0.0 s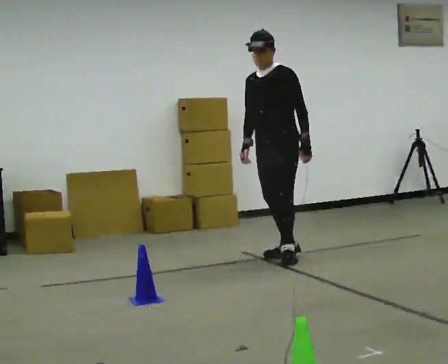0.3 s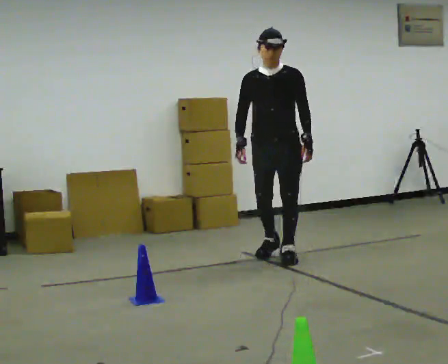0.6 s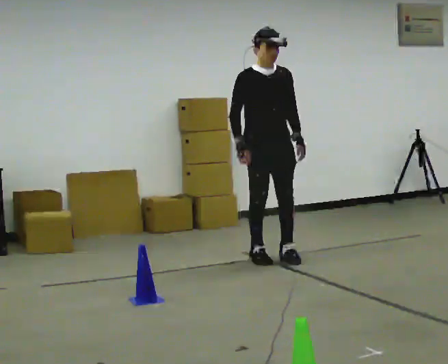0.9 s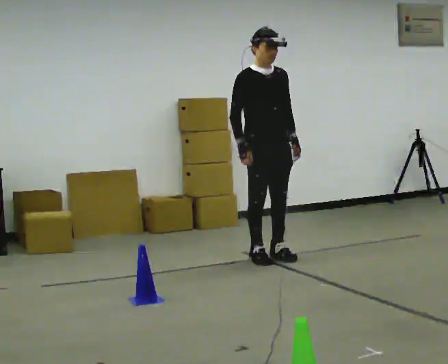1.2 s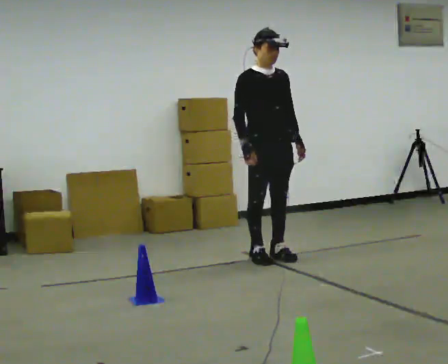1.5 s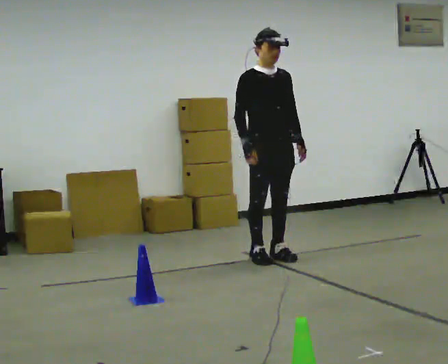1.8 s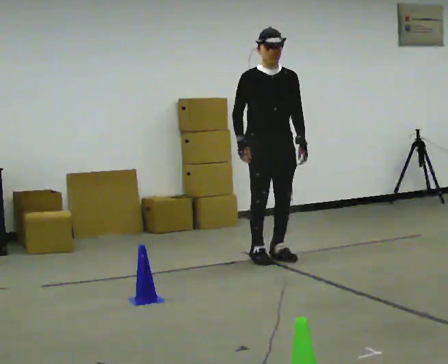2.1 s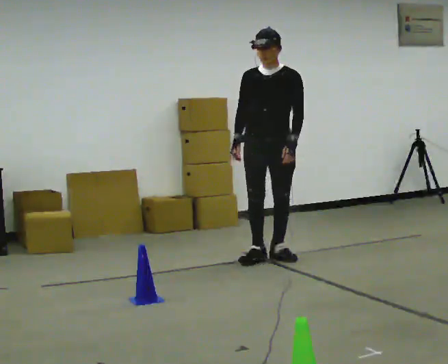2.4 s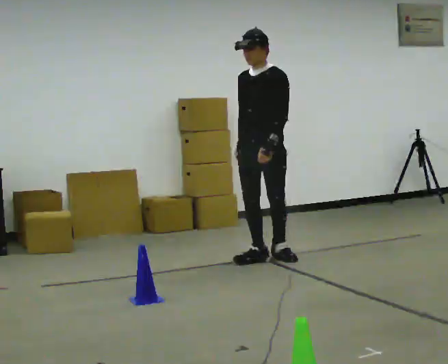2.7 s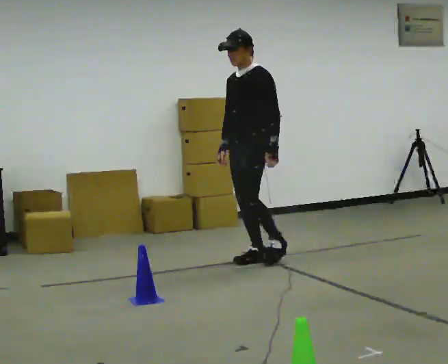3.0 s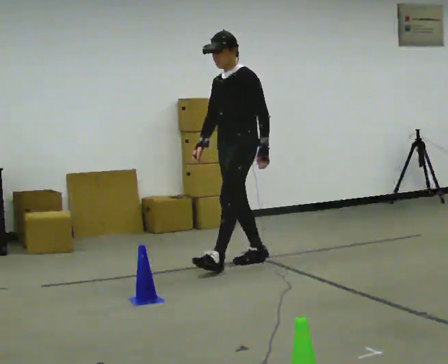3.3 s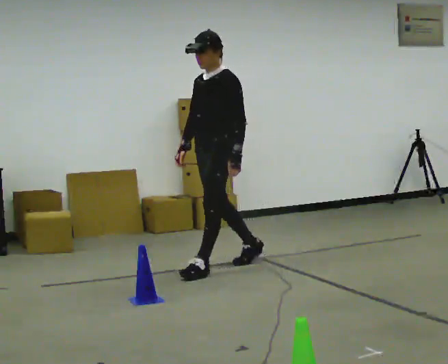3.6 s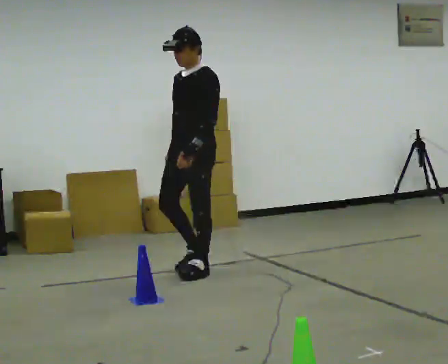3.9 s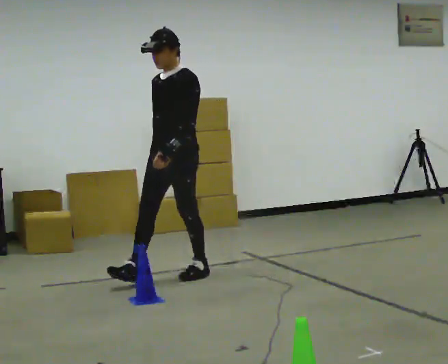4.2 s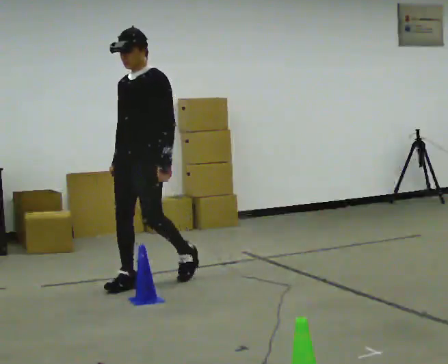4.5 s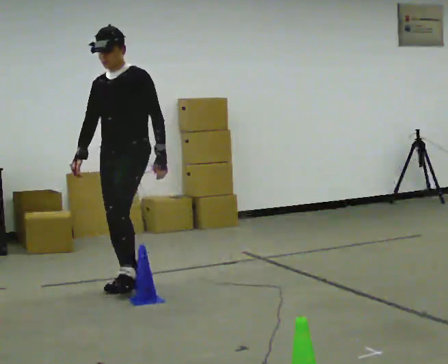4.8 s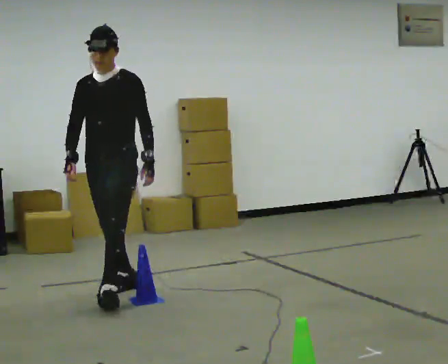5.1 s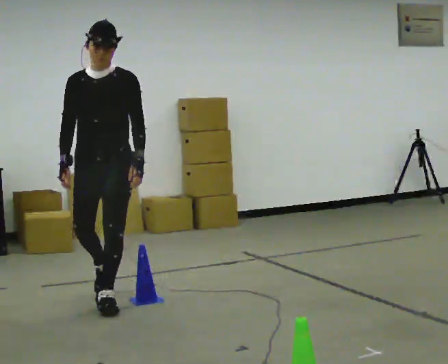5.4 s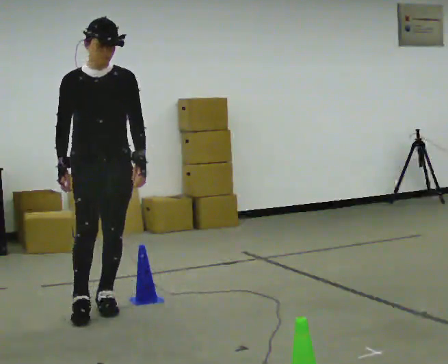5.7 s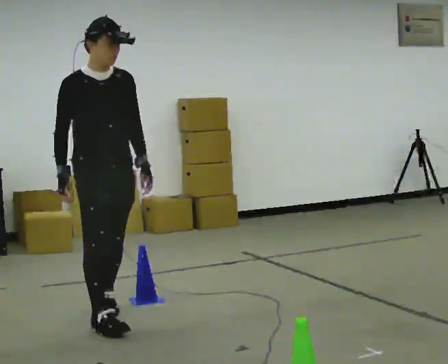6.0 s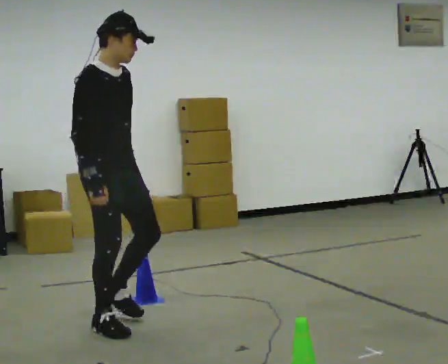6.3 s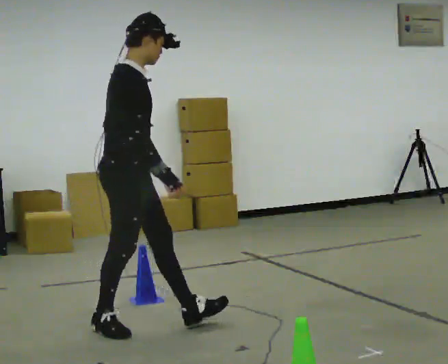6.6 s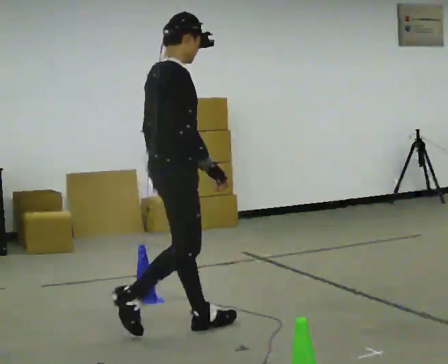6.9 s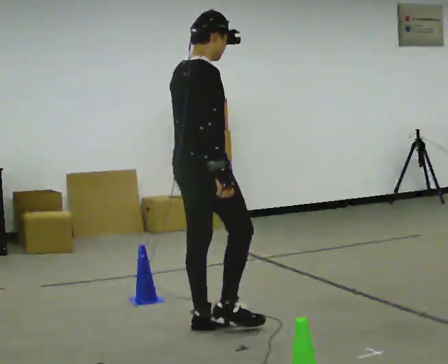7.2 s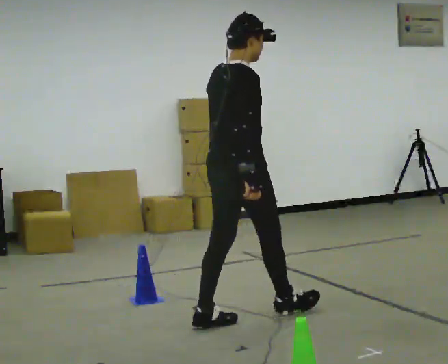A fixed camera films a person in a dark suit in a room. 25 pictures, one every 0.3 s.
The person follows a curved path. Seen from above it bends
counterclockwise.
The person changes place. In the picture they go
toward the camera.
0.0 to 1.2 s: Seen from above the body turns counterclockwise, about 75 degrees: to their left, with its near side sliding to the right.
1.2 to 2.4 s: The part of the body nearest the lens slides to the left as the person turns to their right by about 75 degrees.
2.4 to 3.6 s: In the picture they go to the left and toward the camera, about 0.75 m in 1 step, which for them is forward.
3.6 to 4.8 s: The part of the body nearest the lens slides to the right as the person turns to their left by about 30 degrees. In the picture they go to the left and toward the camera, about 1 m in 2 steps, which for them is forward.
4.8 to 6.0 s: The part of the body nearest the lens slides to the right as the person turns to their left by about 90 degrees. In the picture they go toward the camera, about 1 m in 1 step.
6.0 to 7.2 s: The part of the body nearest the lens slides to the right as the person turns to their left by about 60 degrees. In the picture they go to the right, about 0.5 m in 2 steps.
The film runs forward here.
